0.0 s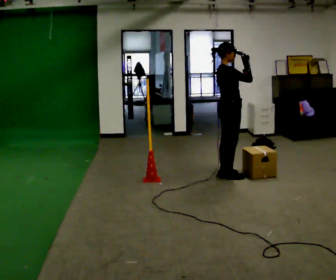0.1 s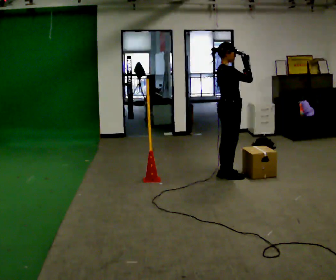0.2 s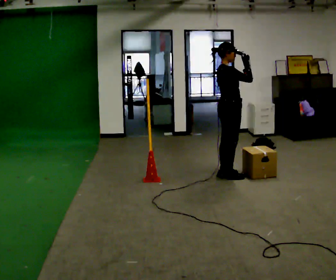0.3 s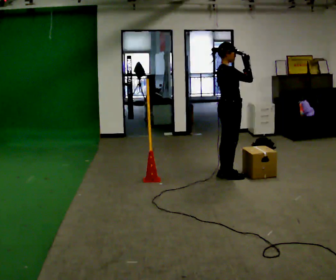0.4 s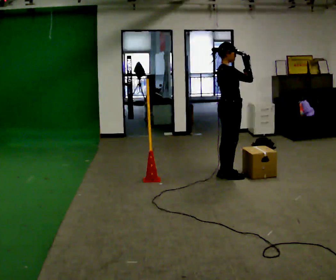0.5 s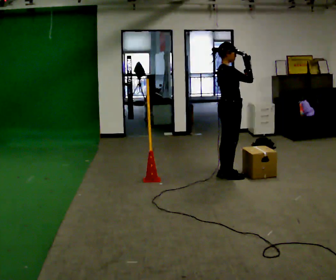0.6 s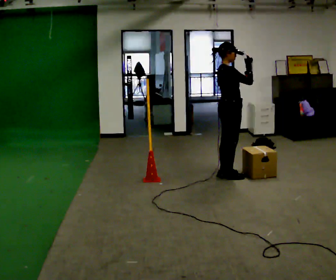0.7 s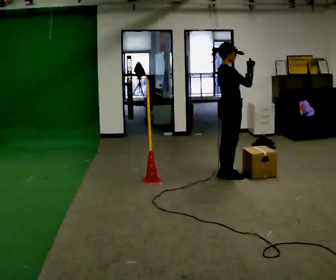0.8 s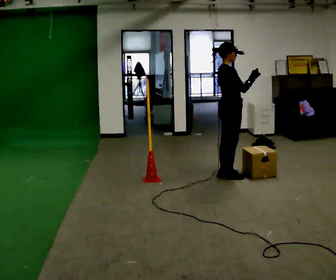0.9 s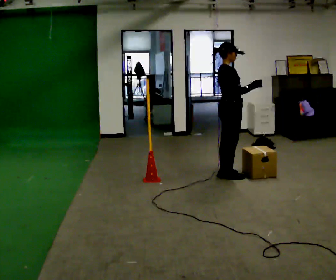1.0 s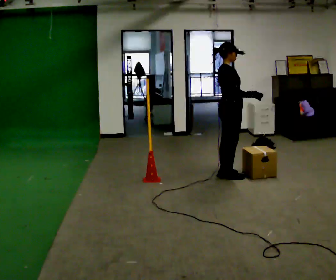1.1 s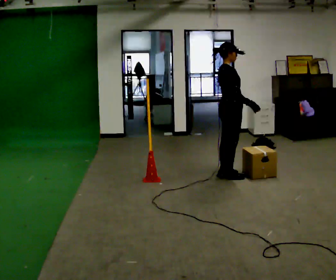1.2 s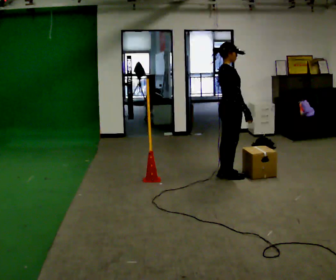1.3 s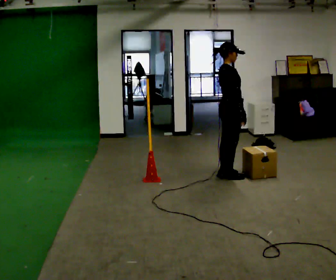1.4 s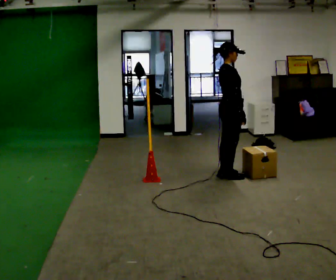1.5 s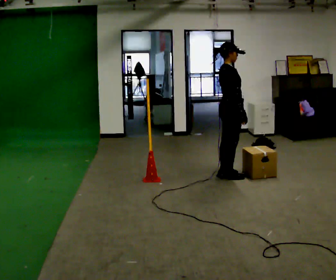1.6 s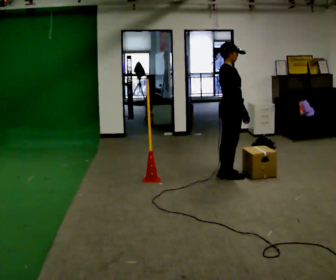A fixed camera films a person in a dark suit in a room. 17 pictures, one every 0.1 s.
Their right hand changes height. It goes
downward.
0.0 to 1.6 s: In the picture their right hand goes downward.
The film runs forward here.
